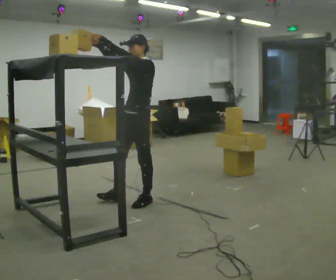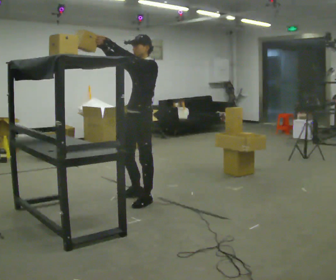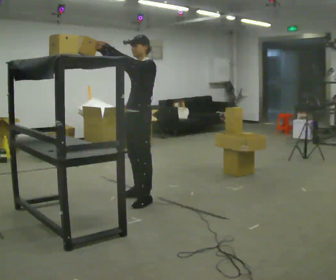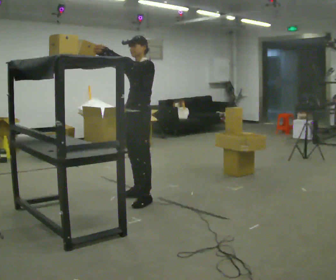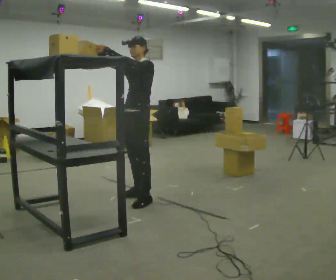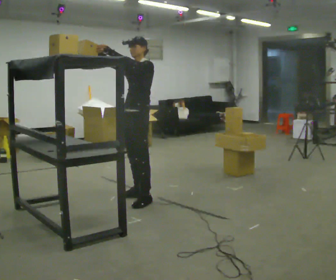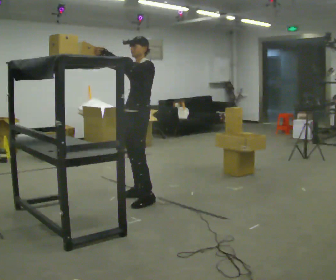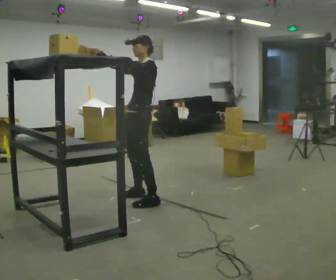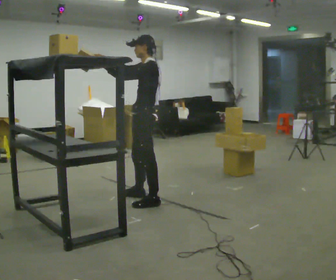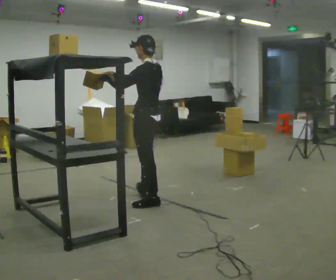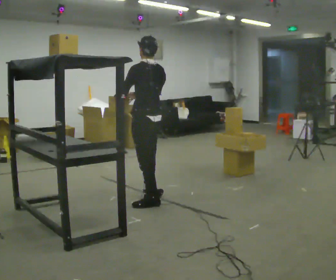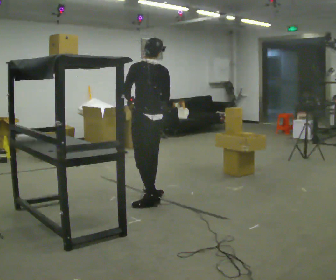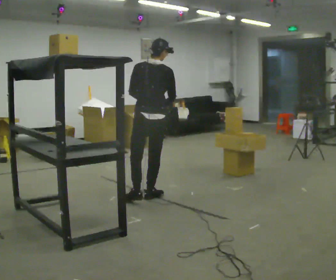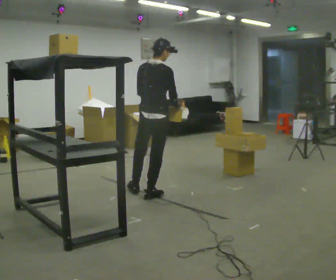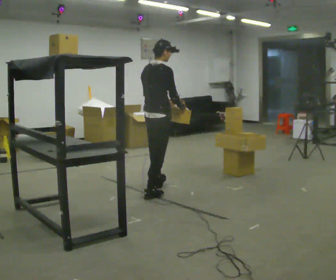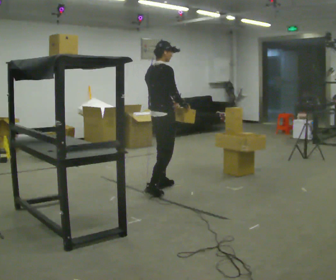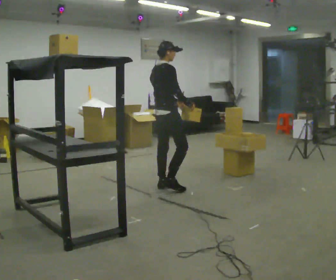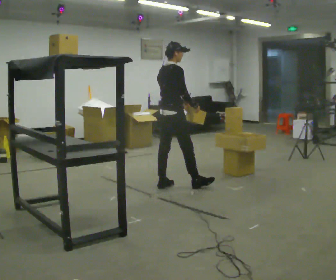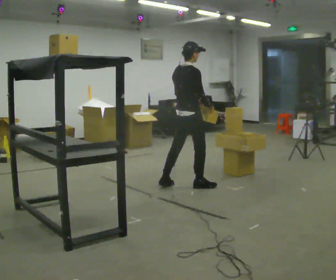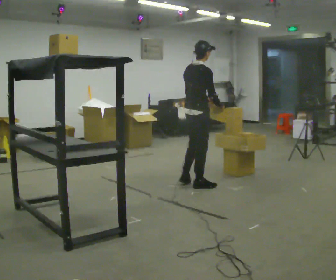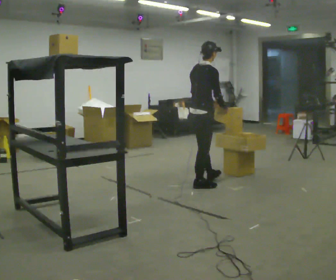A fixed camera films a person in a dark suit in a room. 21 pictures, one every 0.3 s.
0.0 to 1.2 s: In the picture they go away from the camera, about 0.25 m in 1 step, which for them is to their right.
1.2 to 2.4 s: The part of the body nearest the lens slides to the left as the person turns to their right by about 45 degrees. In the picture they go toward the camera, about 0.25 m, which for them is to their left.
2.4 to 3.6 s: The part of the body nearest the lens slides to the left as the person turns to their right by about 90 degrees. In the picture they go away from the camera, about 0.25 m. In the picture their right hand goes to the right and downward.
3.6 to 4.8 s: The part of the body nearest the lens slides to the left as the person turns to their right by about 60 degrees. In the picture they go away from the camera, about 0.5 m in 1 step, which for them is forward.
4.8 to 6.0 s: In the picture they go to the right, about 0.5 m in 1 step, which for them is forward and to their right.
The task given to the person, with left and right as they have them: Take an object from the lowest shelf, carry it across the room, and place it on the highest shelf you can comfortably reach. Keep going until the operator says stop; one object at a time, and do not rush between trips.
The film runs forward here.
